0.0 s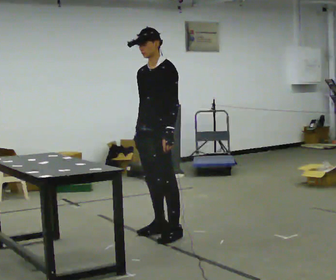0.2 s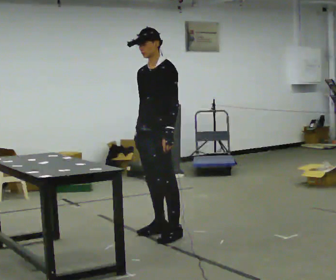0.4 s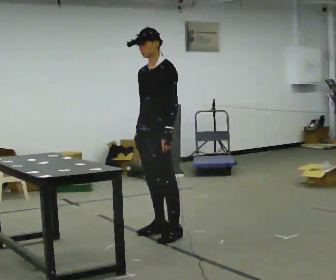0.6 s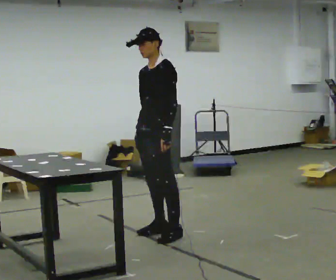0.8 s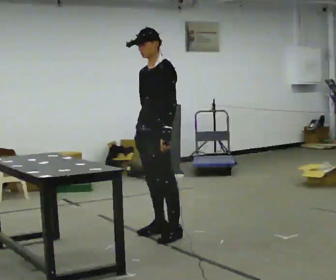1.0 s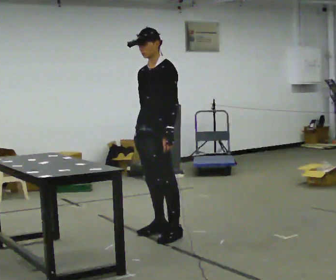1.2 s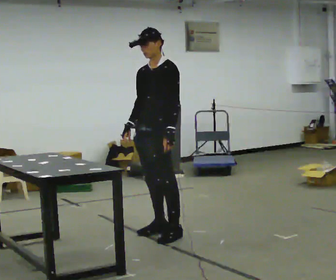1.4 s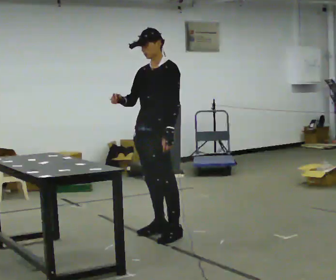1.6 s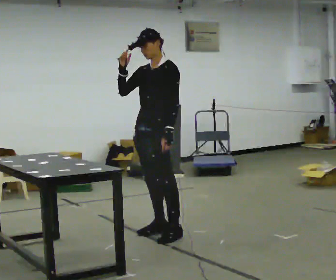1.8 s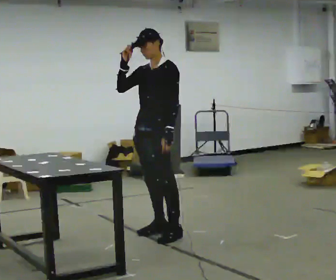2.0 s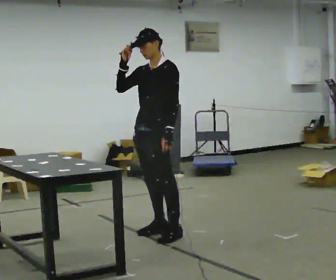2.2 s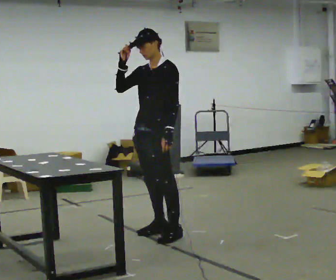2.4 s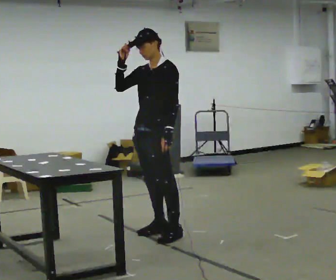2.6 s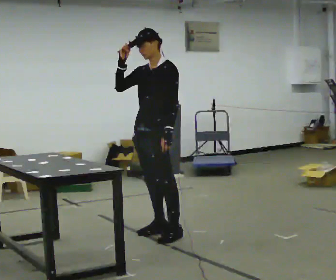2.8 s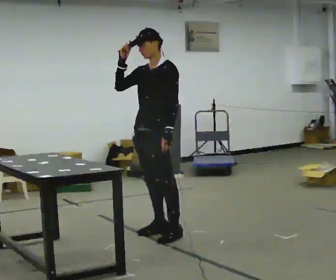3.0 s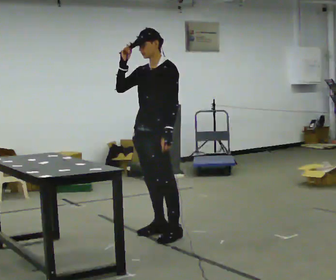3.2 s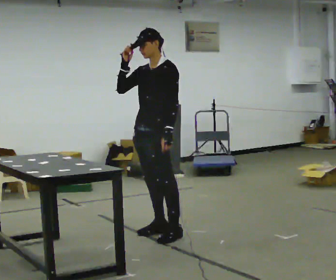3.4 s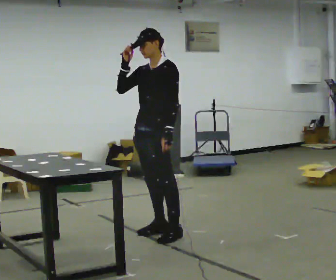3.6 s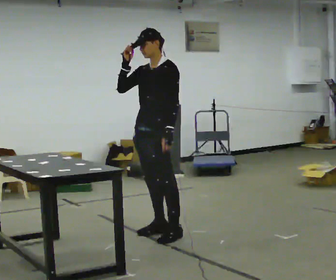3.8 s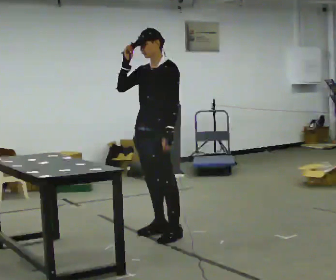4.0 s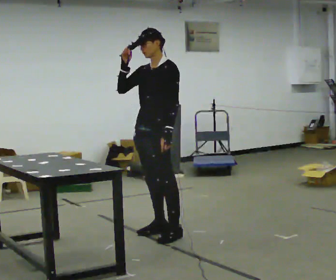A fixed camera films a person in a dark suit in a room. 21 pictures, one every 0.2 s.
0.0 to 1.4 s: The person moves a little, or ends about where they began.
1.4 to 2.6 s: In the picture their right hand goes upward.
2.6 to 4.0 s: The person moves a little, or ends about where they began.
The film runs backward here.
